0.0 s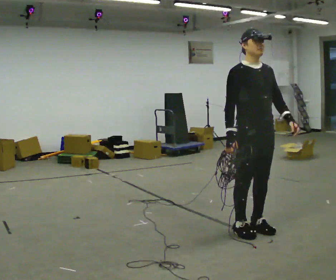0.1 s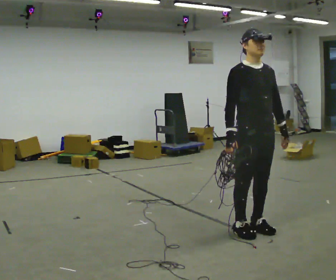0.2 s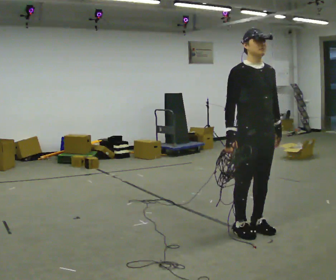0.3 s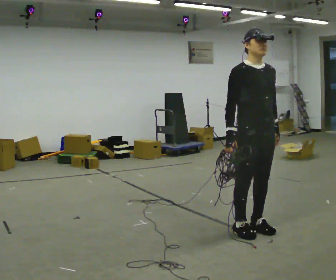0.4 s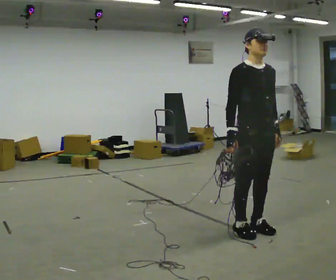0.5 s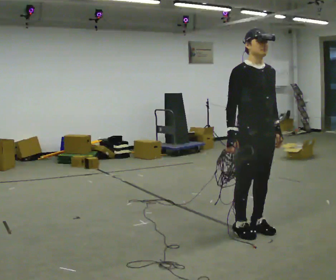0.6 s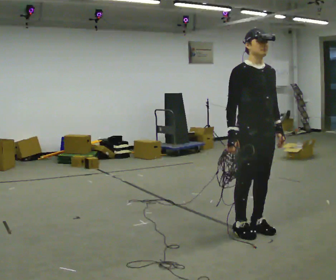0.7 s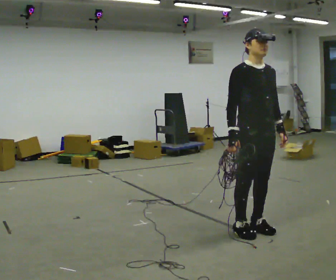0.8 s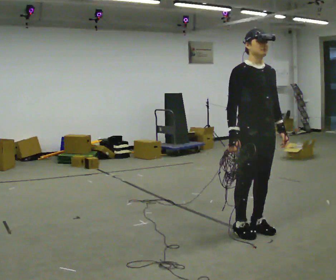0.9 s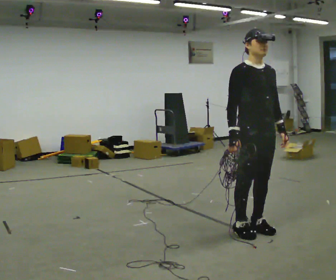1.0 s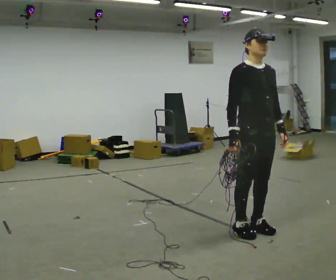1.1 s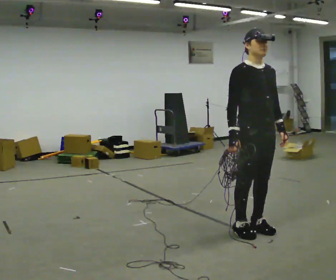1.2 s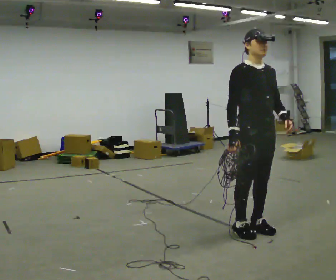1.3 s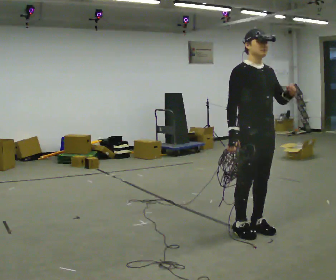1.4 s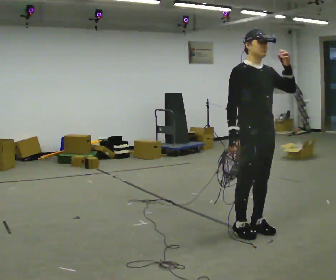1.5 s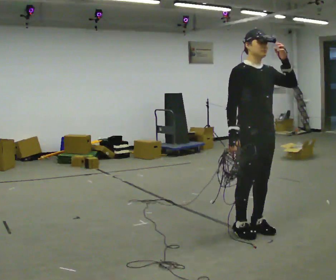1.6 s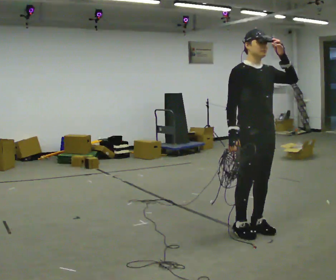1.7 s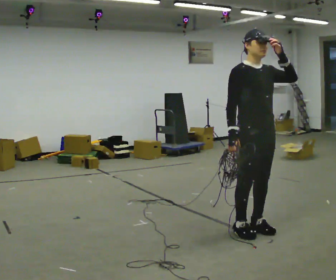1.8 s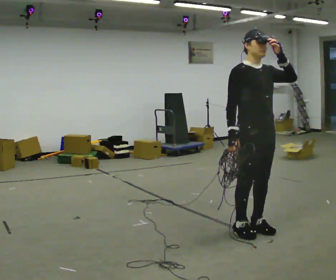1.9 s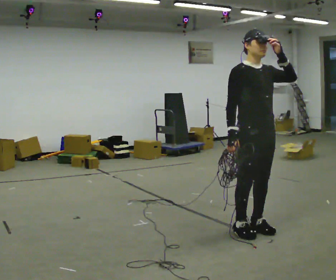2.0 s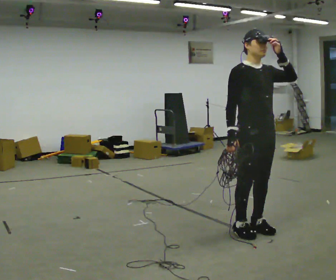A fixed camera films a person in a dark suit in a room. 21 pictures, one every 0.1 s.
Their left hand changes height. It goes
upward.
0.0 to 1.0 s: The person moves a little, or ends about where they began.
1.0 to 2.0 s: In the picture their left hand goes upward.
The film runs forward here.
